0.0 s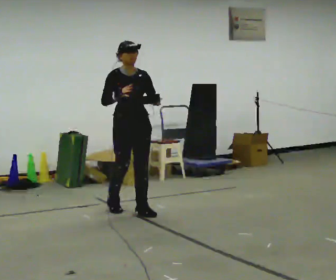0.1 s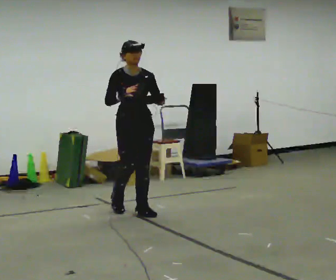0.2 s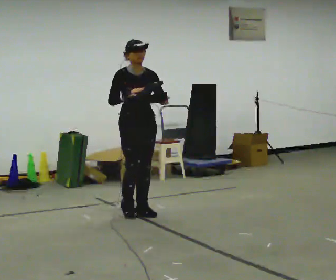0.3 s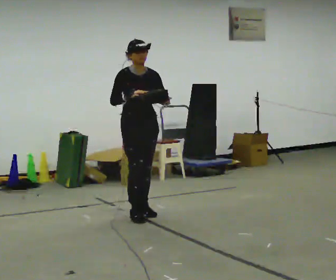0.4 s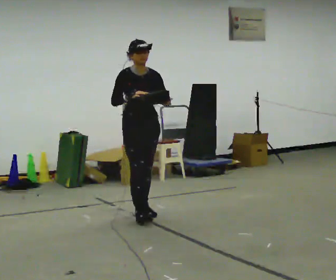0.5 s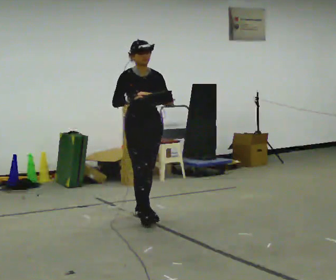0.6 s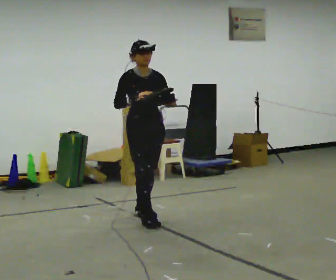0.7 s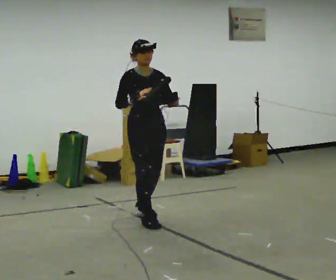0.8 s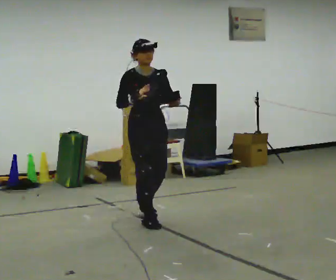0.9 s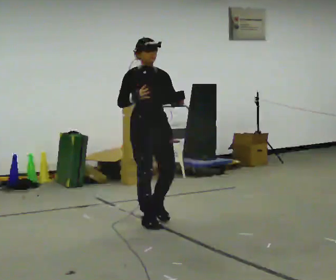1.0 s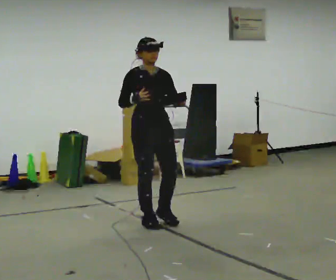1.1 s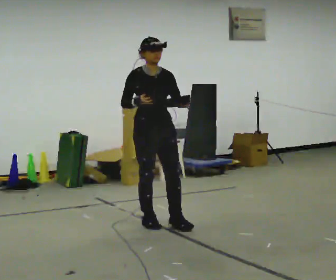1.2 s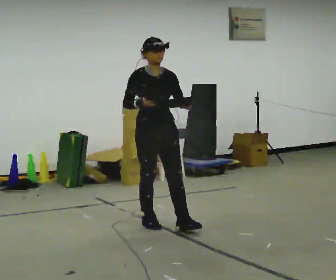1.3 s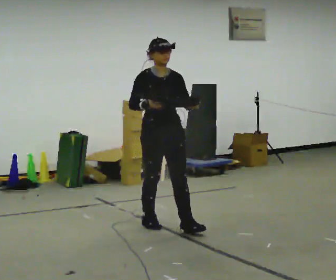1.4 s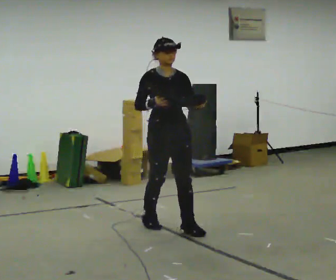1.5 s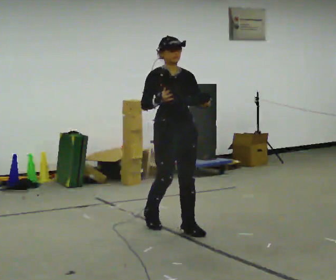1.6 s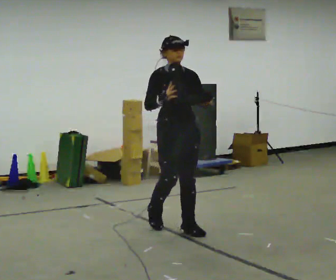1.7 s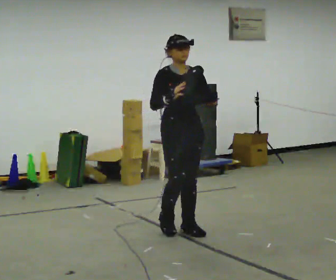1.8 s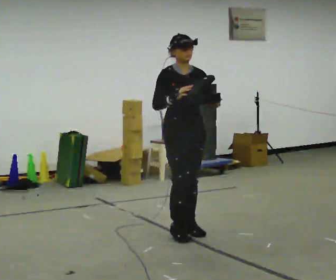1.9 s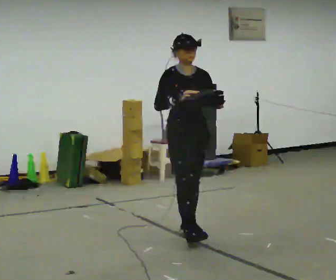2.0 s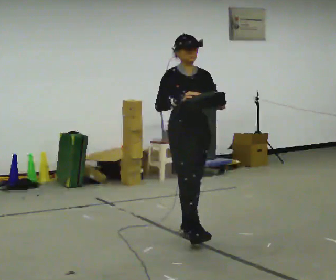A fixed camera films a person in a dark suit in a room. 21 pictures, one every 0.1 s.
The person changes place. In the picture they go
toward the camera.
0.0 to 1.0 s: In the picture they go toward the camera and to the right, about 0.5 m in 1 step, which for them is forward.
1.0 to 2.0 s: In the picture they go toward the camera and to the right, about 0.5 m in 1 step, which for them is forward.
The film runs forward here.
